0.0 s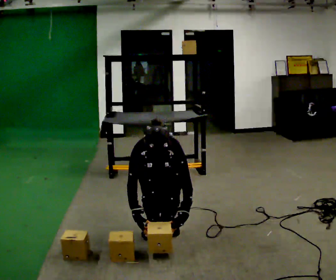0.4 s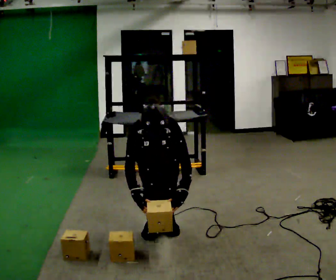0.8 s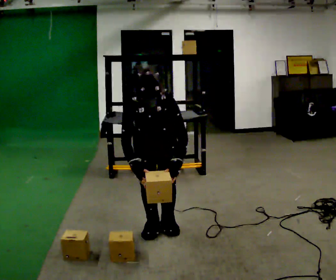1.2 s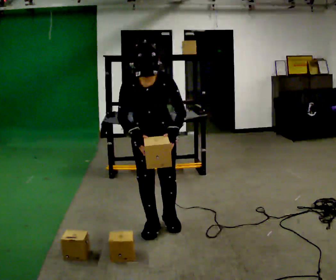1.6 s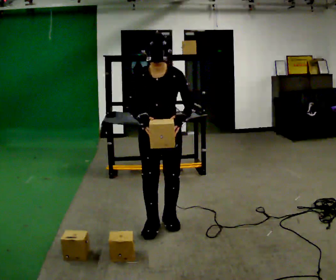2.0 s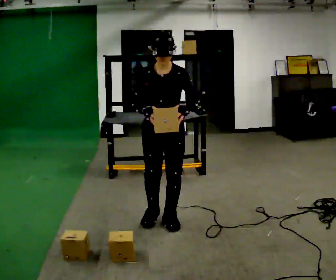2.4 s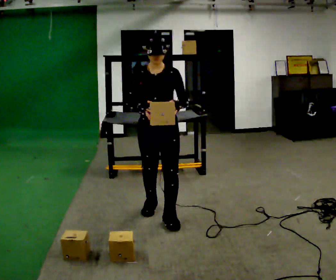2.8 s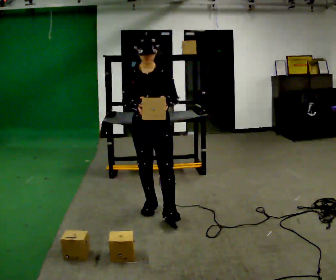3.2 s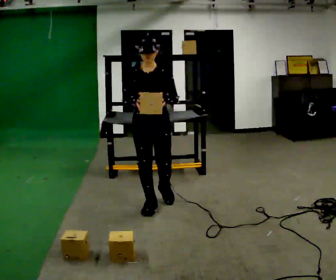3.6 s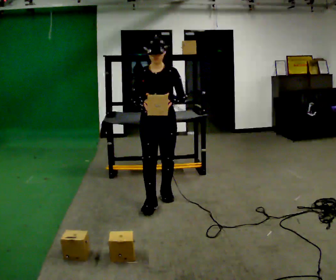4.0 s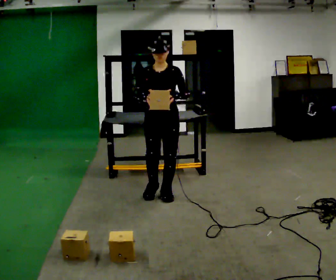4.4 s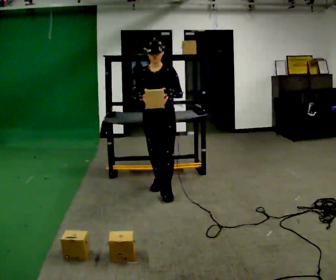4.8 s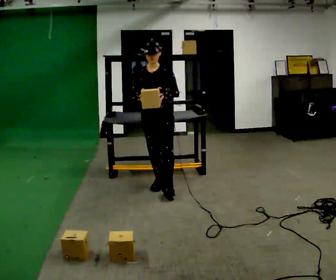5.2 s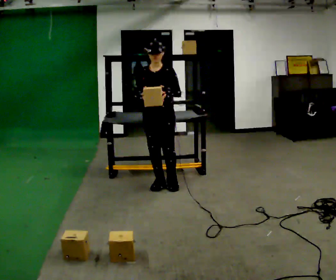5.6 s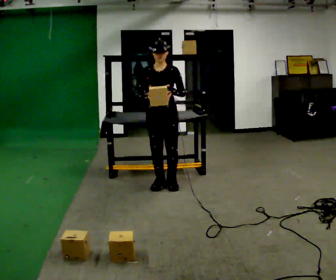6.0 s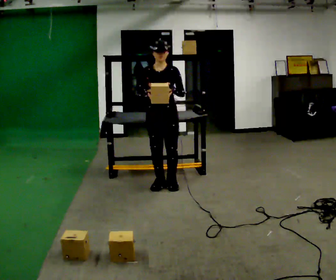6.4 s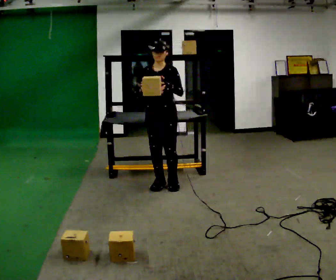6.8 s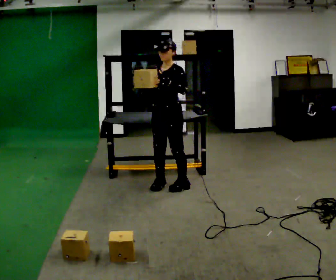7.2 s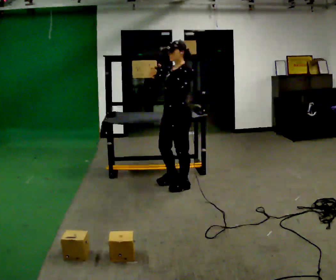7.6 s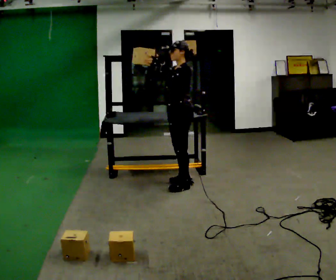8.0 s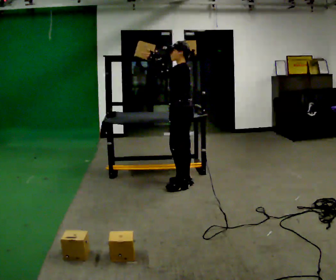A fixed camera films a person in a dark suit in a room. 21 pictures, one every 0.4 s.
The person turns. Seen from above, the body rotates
clockwise.
The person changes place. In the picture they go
away from the camera.
0.0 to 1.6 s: The shoulders move upward. The upper body tips away from the camera, its near side rolling upward, as they lean back or straighten. In the picture their left hand goes upward.
1.6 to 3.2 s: In the picture they go away from the camera, about 0.5 m in 2 steps, which for them is backward. The upper body tips away from the camera, its near side rolling upward, as they lean back or straighten.
3.2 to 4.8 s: In the picture they go away from the camera, about 0.5 m in 1 step, which for them is backward.
4.8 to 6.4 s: The person moves a little, or ends about where they began.
6.4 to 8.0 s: The part of the body nearest the lens slides to the left as the person turns to their right by about 75 degrees. In the picture they go to the right, about 0.25 m in 2 steps.
The film runs backward here.
